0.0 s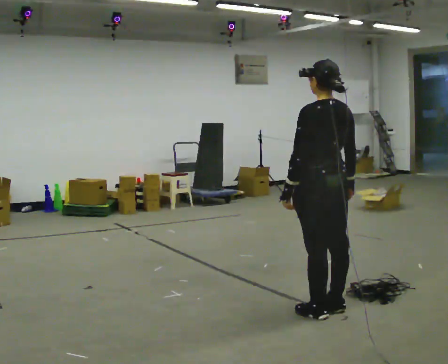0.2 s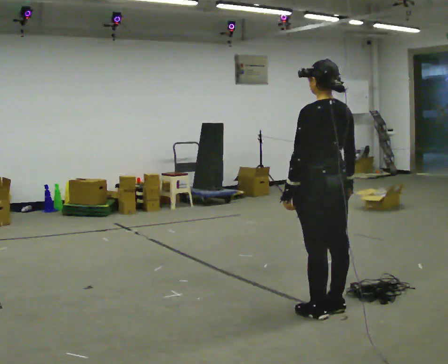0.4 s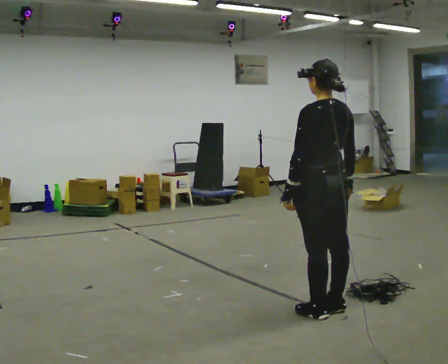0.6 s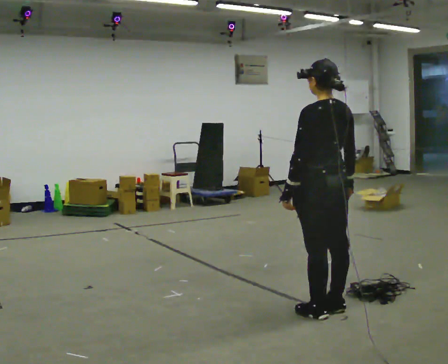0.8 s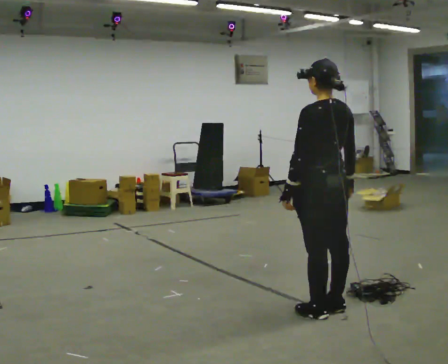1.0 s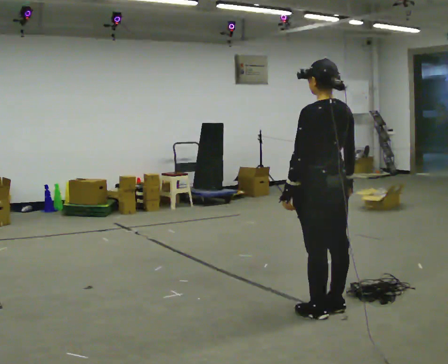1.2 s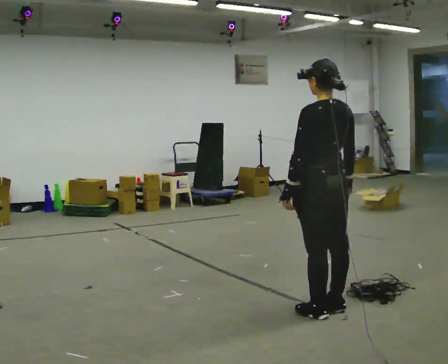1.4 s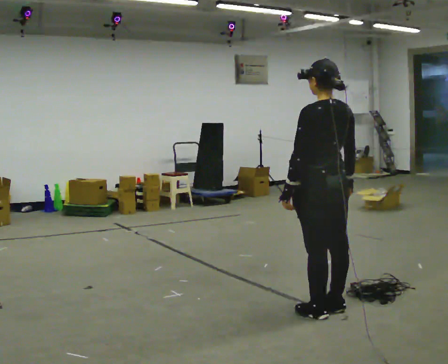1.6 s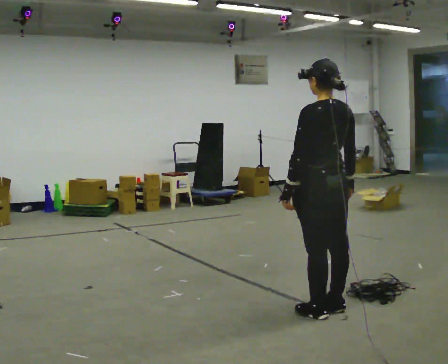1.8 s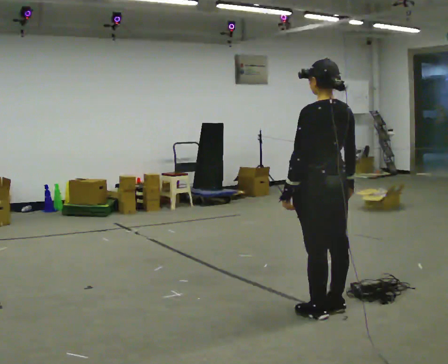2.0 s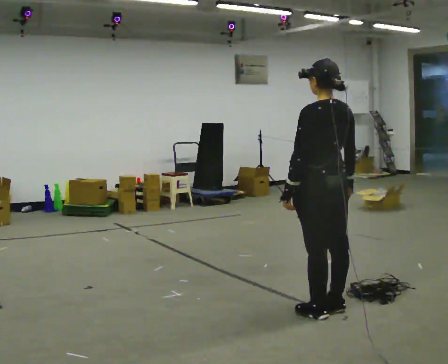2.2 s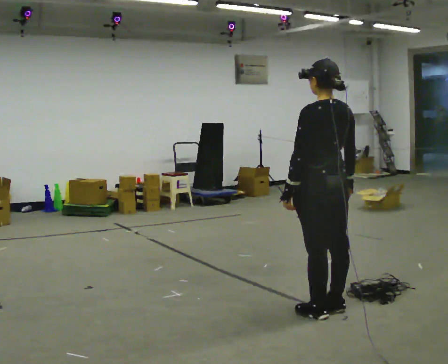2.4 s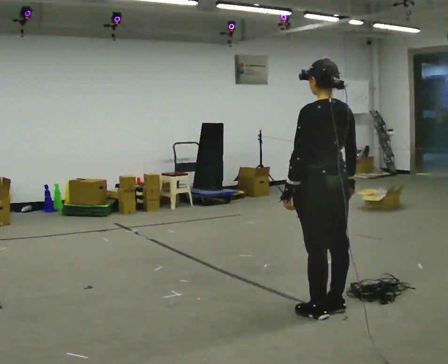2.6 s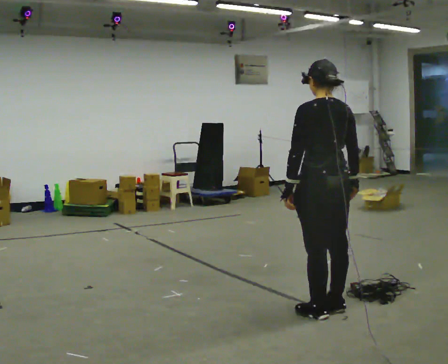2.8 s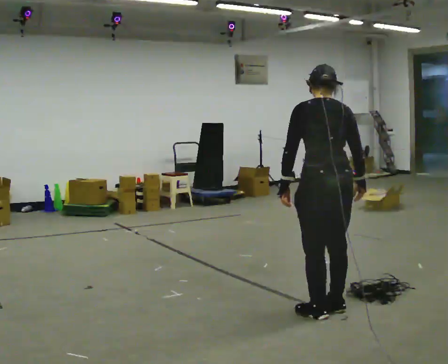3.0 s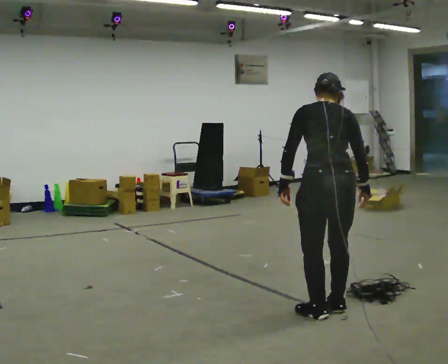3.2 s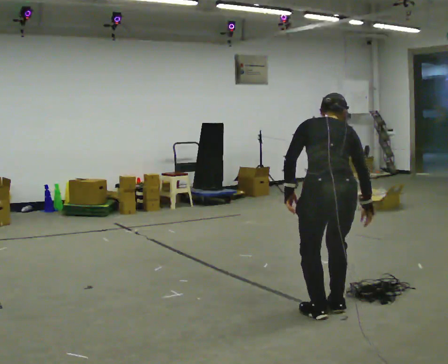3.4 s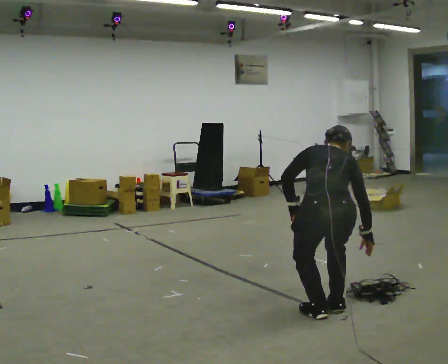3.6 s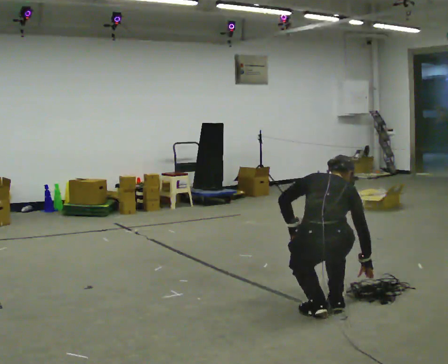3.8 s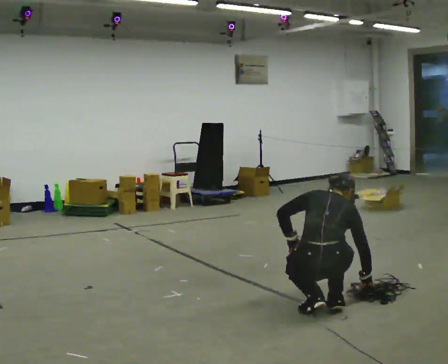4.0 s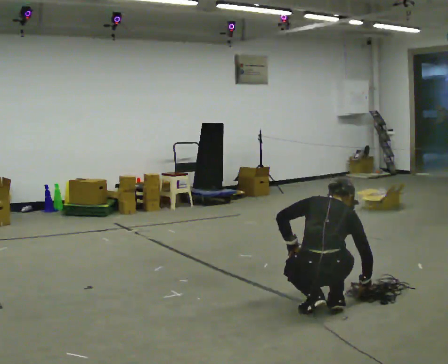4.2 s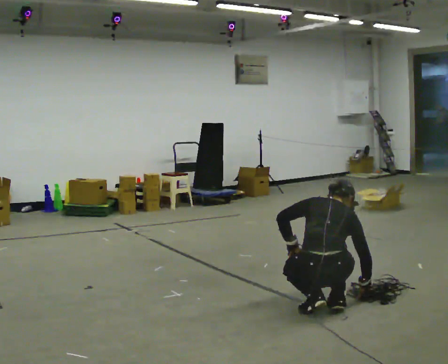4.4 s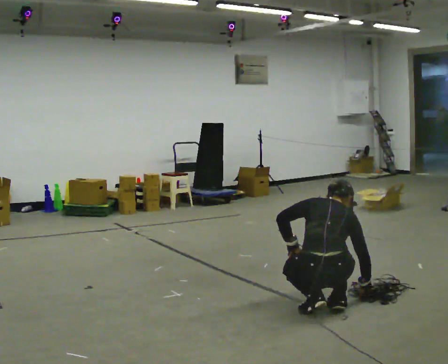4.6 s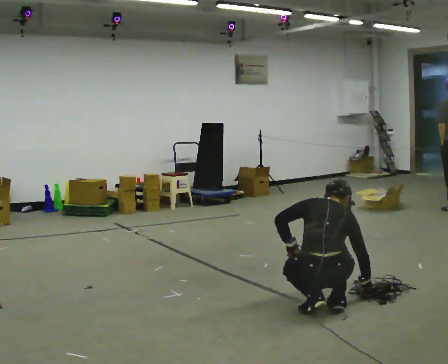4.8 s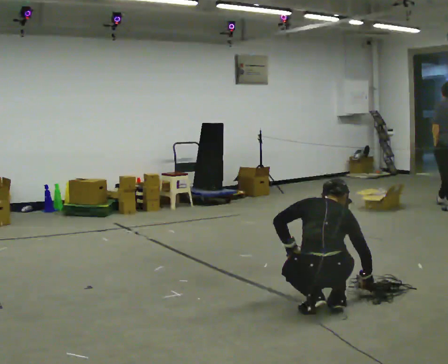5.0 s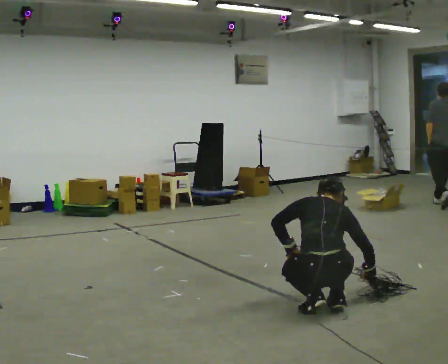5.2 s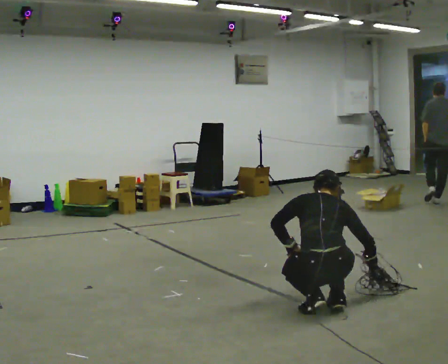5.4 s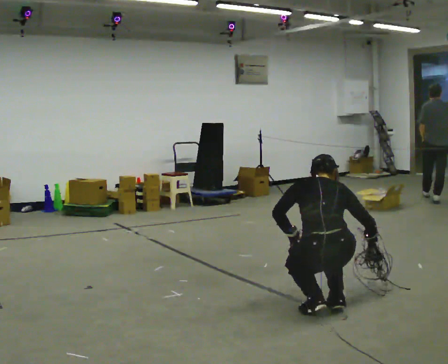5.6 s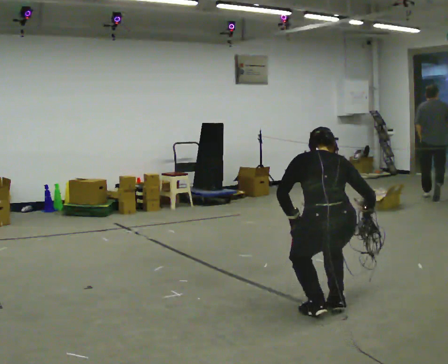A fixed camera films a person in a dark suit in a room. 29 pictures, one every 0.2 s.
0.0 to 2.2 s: The person keeps their place and pose.
2.2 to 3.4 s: Seen from above the body turns clockwise, about 30 degrees: to their right, with its near side sliding to the left. The upper body goes downward. The upper body tips away from the camera, its near side rolling upward, as they bend forward. In the picture their right hand goes downward.
3.4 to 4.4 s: The shoulders move downward.
4.4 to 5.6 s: The upper body goes upward. In the picture the upper body tilts counterclockwise, shoulders to the left. In the picture their right hand goes upward.
The film runs forward here.
